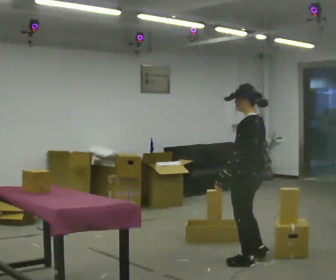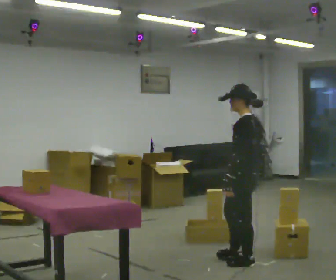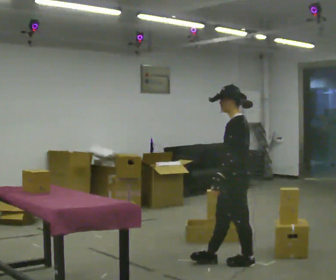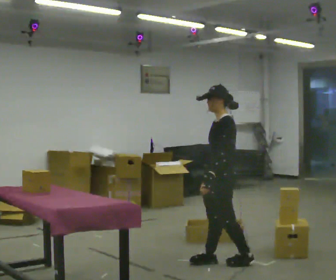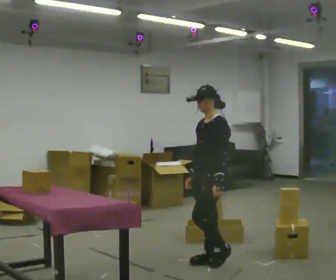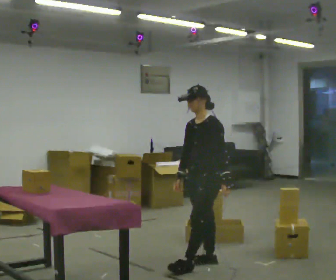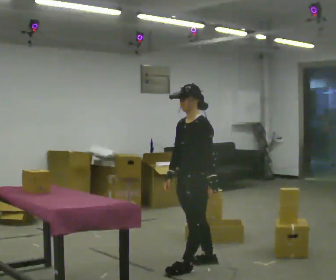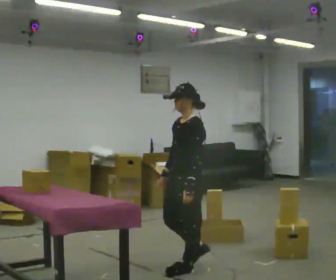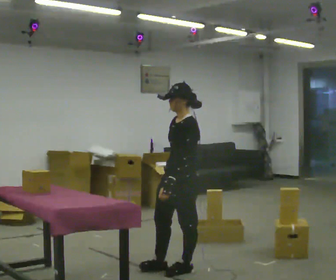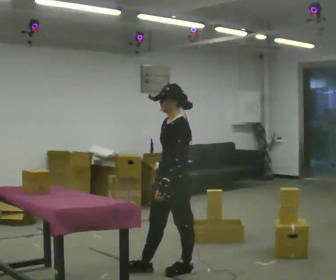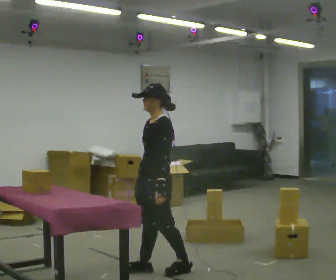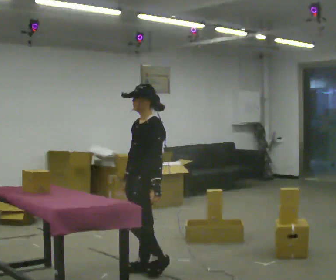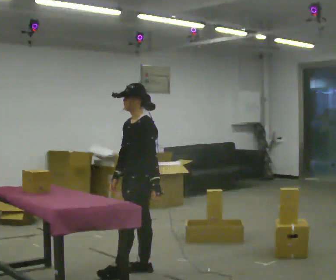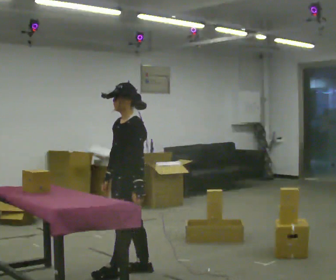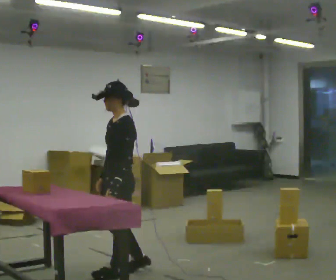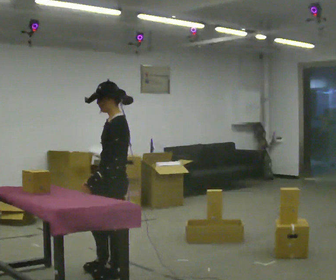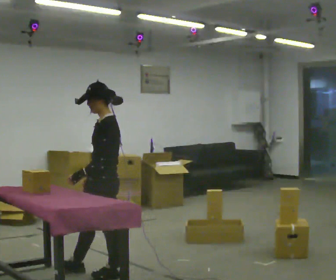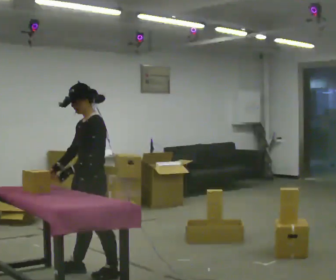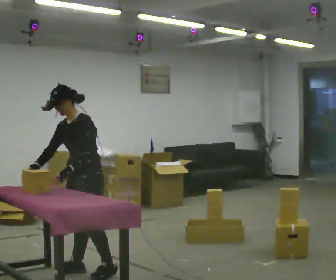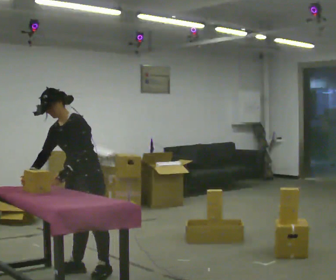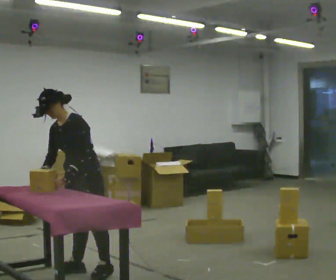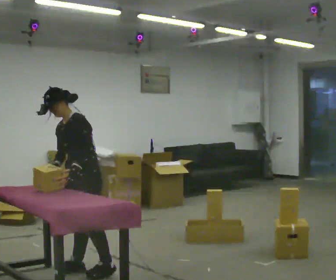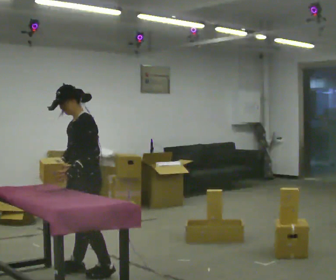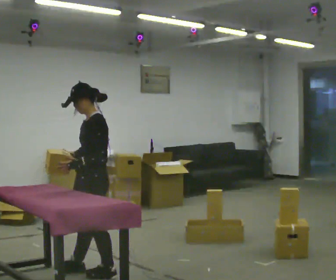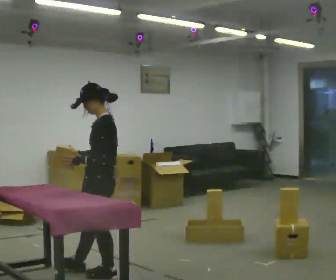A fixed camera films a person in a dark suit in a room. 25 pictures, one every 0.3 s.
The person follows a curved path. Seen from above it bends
counterclockwise.
The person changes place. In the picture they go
to the left.
0.0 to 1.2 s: The person turns about 60 degrees to their left, counterclockwise seen from above, so the part of the body nearest the lens slides to the right. In the picture they go to the left, about 0.25 m in 1 step, which for them is forward.
1.2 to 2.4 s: In the picture they go to the left and toward the camera, about 0.25 m in 1 step, which for them is forward.
2.4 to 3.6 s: In the picture they go to the left, about 0.25 m in 1 step, which for them is forward.
3.6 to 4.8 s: In the picture they go to the left, about 0.25 m in 2 steps, which for them is forward.
4.8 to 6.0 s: Seen from above the body turns counterclockwise, about 45 degrees: to their left, with its near side sliding to the right. In the picture they go away from the camera and to the left, about 0.25 m, which for them is to their right. In the picture the upper body tilts counterclockwise, shoulders to the left, as they bend forward. In the picture their right hand goes to the left.
6.0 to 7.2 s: The part of the body nearest the lens slides to the left as the person turns to their right by about 45 degrees. In the picture they go toward the camera, about 0.25 m, which for them is to their left. In the picture the upper body tilts clockwise, shoulders to the right, as they lean back or straighten.
The film runs forward here.
